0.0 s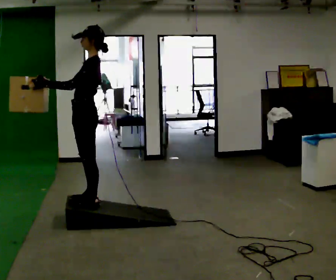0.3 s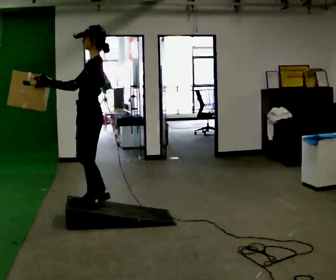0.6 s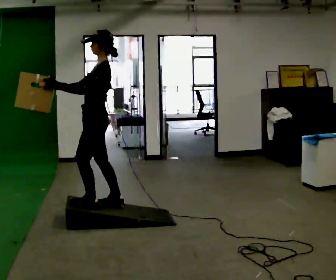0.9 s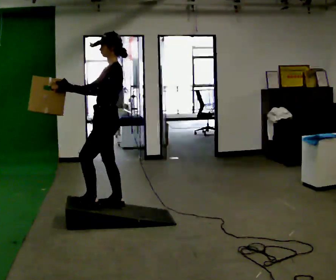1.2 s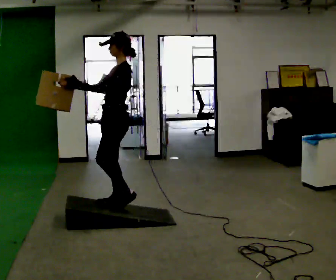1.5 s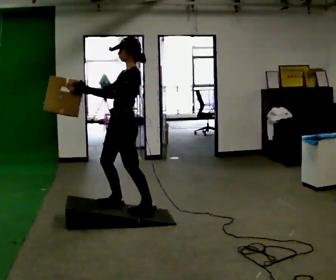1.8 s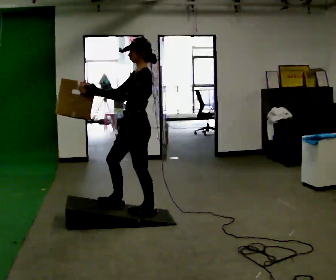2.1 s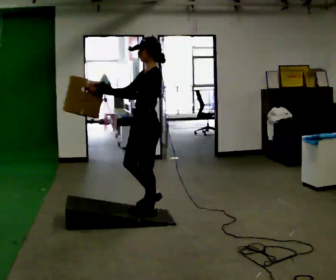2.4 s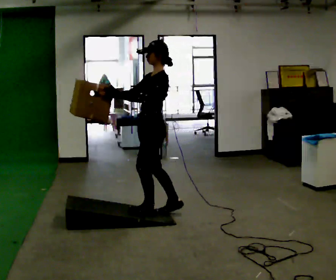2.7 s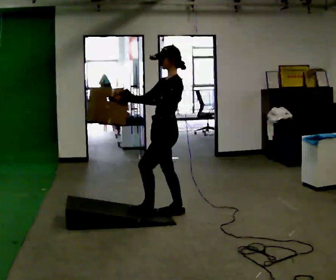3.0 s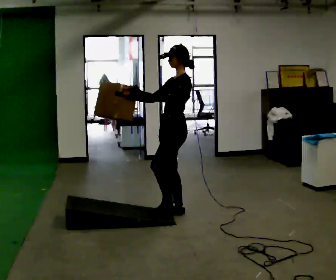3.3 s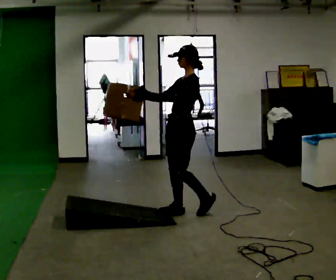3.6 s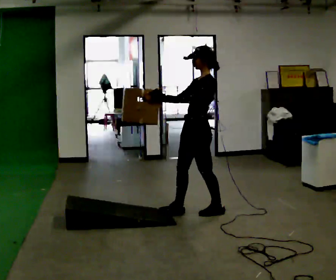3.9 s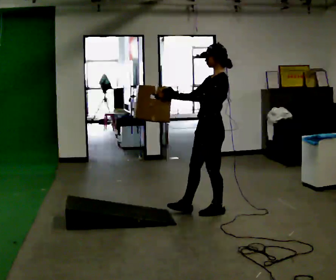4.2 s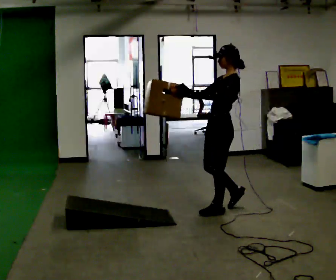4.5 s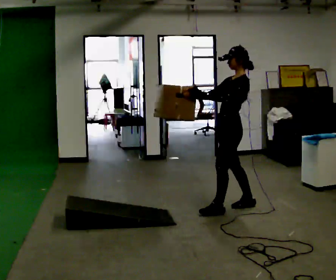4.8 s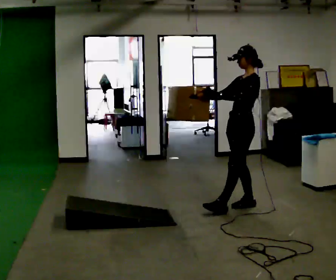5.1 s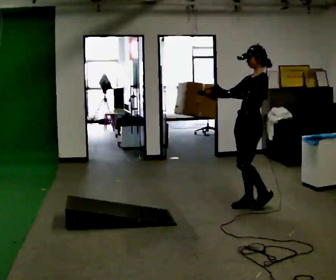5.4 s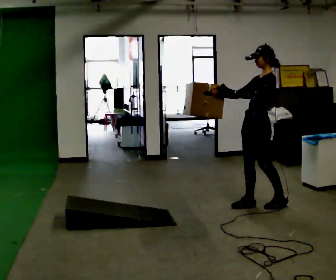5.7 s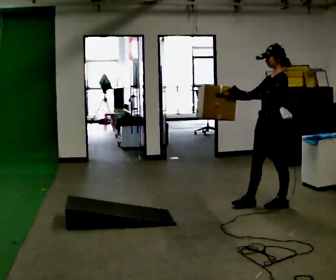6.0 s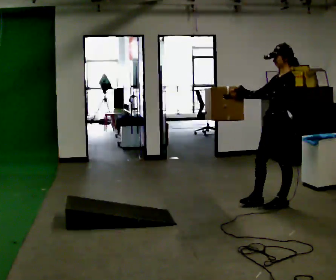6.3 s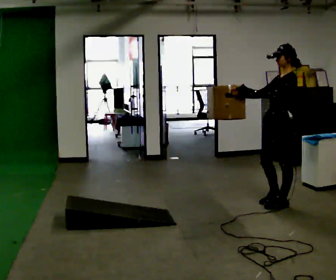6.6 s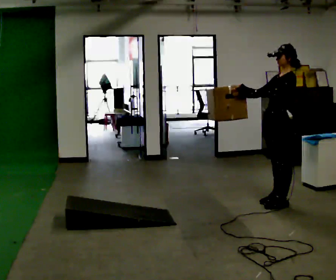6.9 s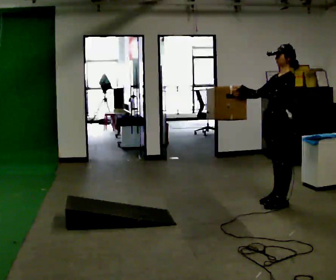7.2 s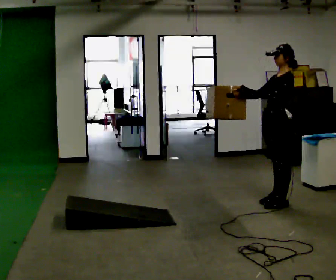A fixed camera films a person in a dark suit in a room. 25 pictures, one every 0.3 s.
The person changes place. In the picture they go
to the right.
0.0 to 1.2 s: In the picture they go to the right and away from the camera, about 0.25 m in 2 steps, which for them is backward.
1.2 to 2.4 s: In the picture they go to the right, about 0.25 m in 1 step, which for them is backward.
2.4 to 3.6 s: In the picture they go to the right and away from the camera, about 0.5 m in 1 step, which for them is backward.
3.6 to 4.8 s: In the picture they go to the right and away from the camera, about 0.5 m in 2 steps, which for them is backward.
4.8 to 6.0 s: In the picture they go to the right, about 0.25 m in 1 step, which for them is backward.
6.0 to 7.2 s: The person moves a little, or ends about where they began.
The film runs backward here.
